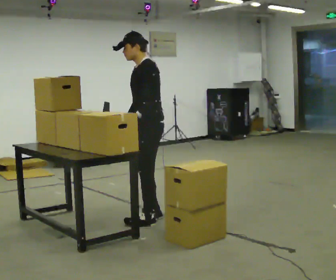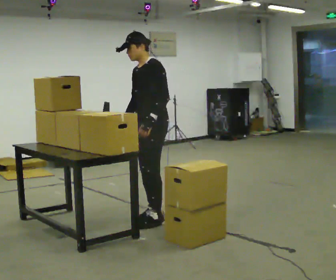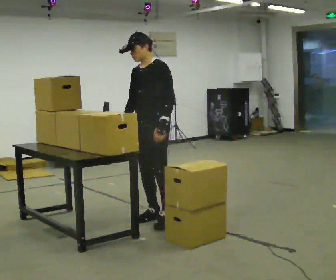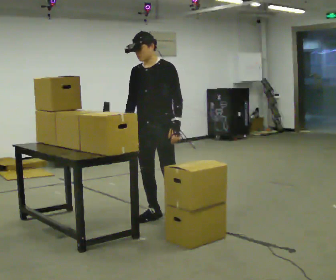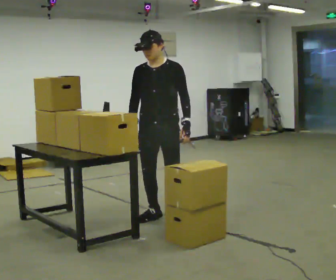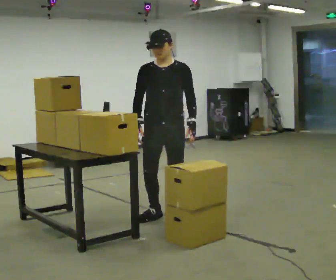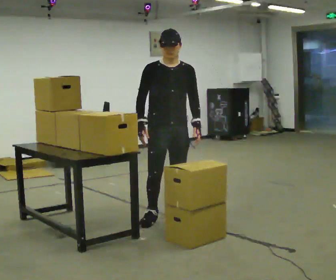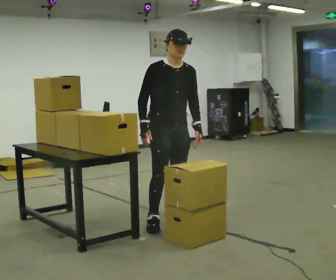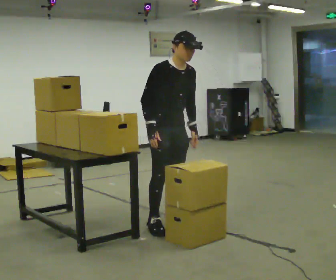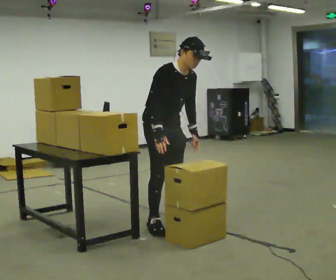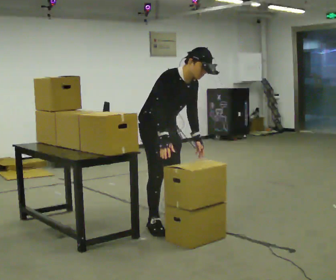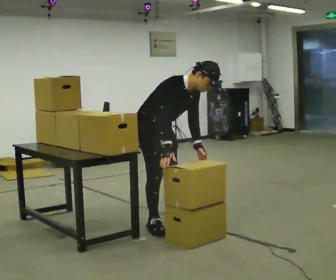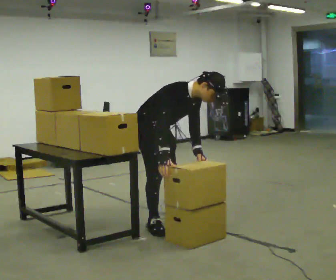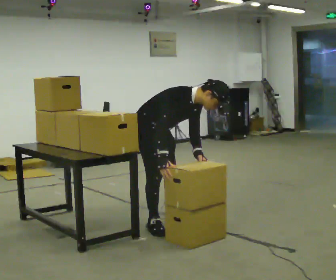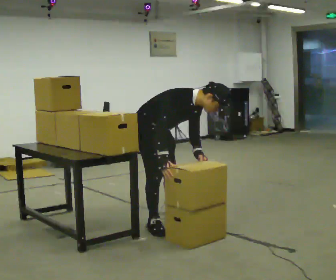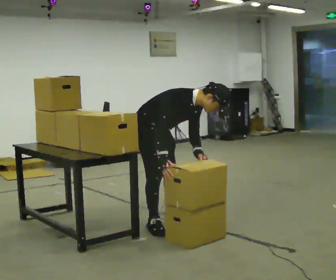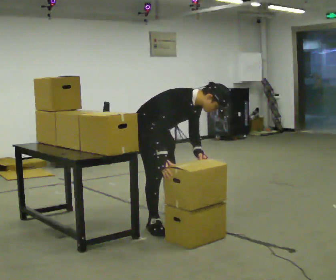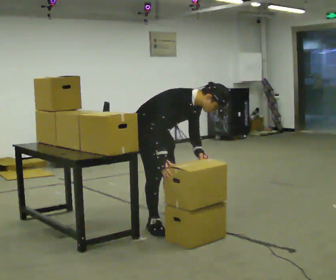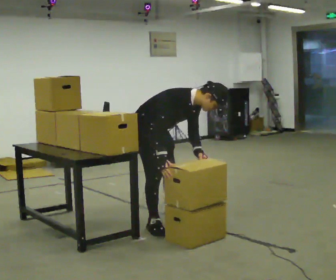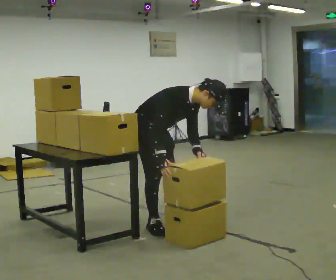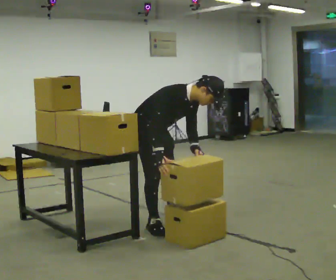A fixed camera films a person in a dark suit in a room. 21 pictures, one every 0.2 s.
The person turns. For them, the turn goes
to their left.
The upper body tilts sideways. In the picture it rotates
clockwise.
0.0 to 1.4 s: Seen from above the body turns counterclockwise, about 105 degrees: to their left, with its near side sliding to the right. In the picture their left hand goes to the right, the arm swinging counterclockwise.
1.4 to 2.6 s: Seen from above the body turns counterclockwise, about 30 degrees: to their left, with its near side sliding to the right. The upper body goes downward. In the picture the upper body tilts clockwise, shoulders to the right, as they bend forward.
2.6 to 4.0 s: The person moves a little, or ends about where they began.
The film runs backward here.
